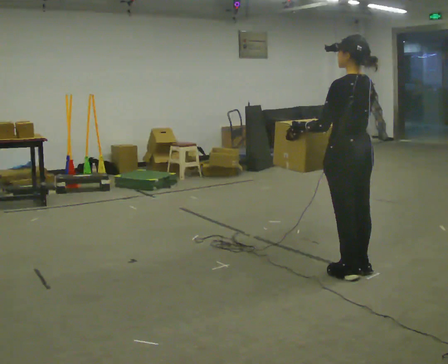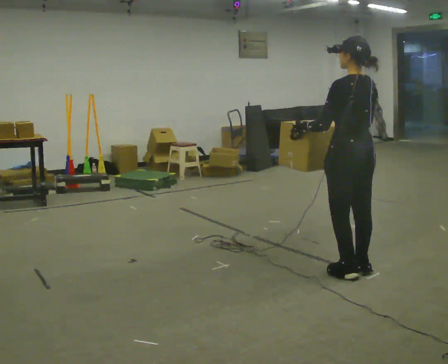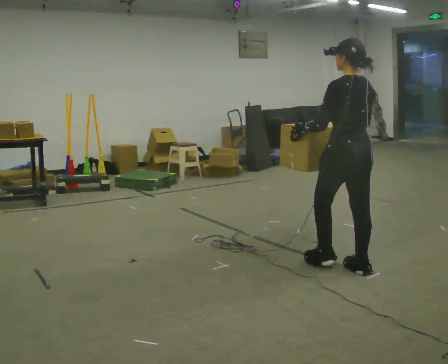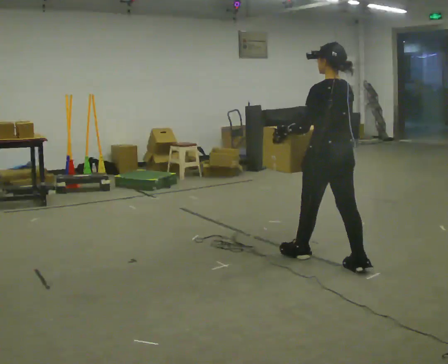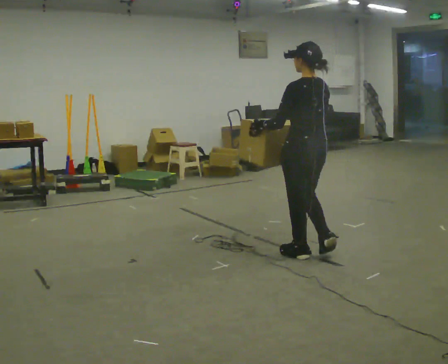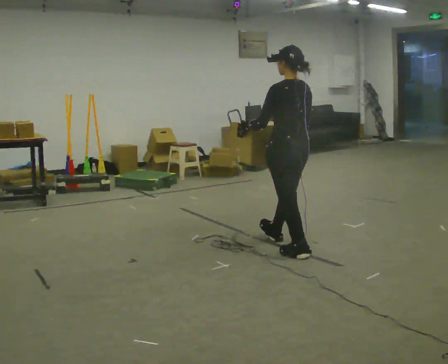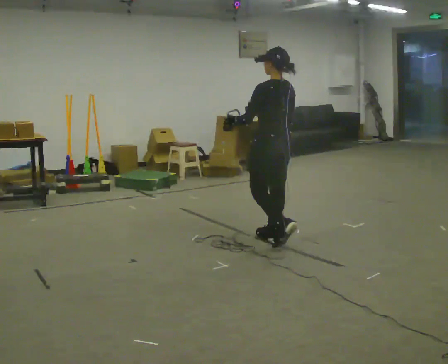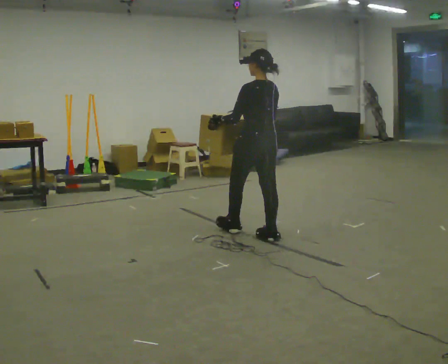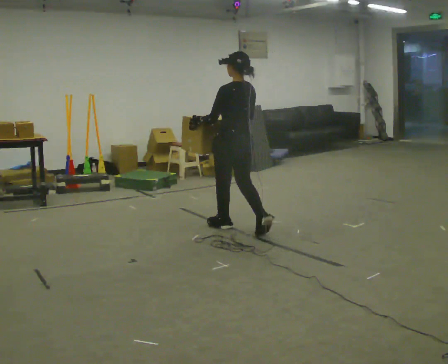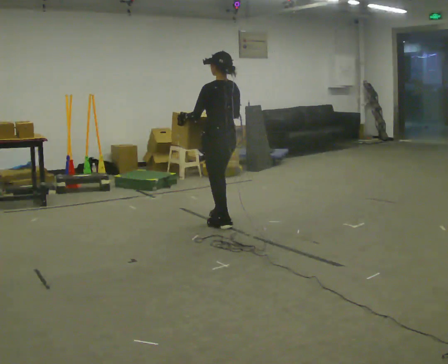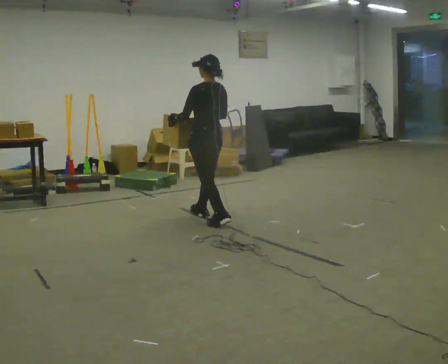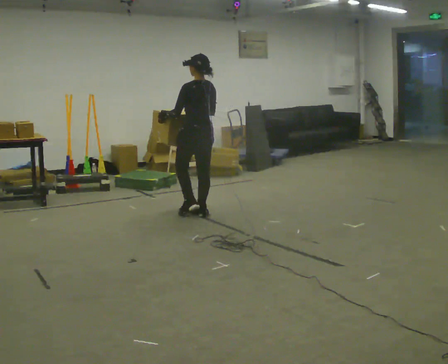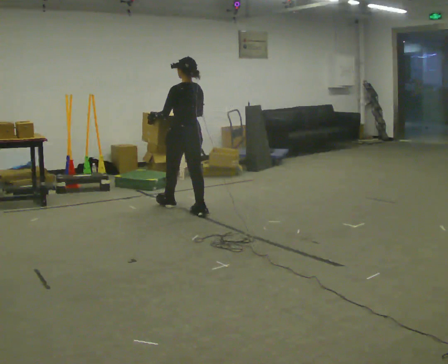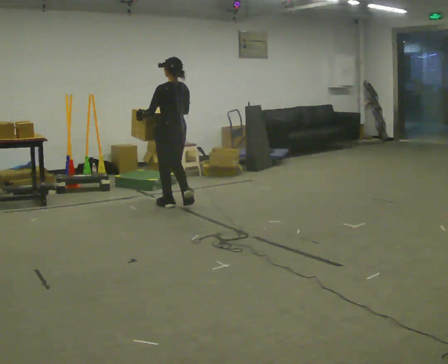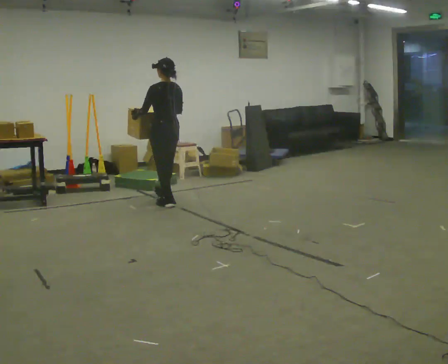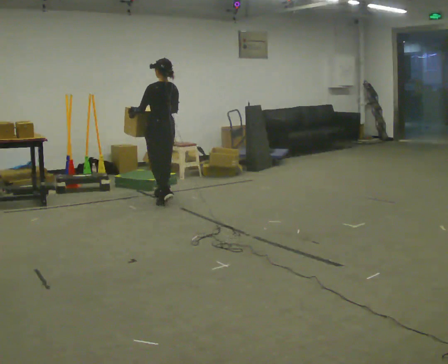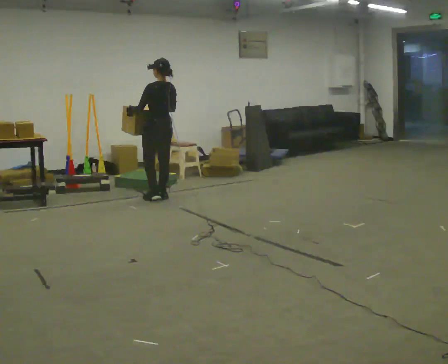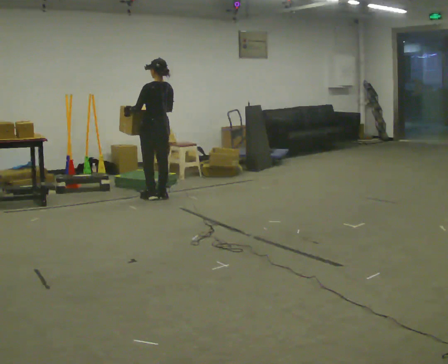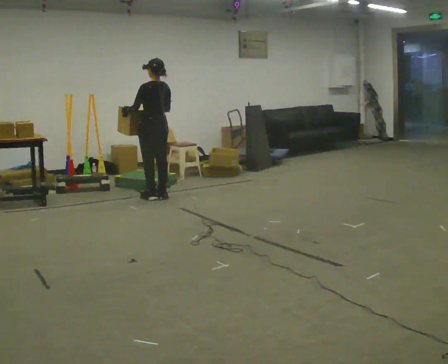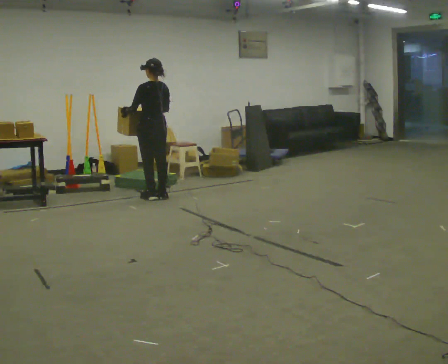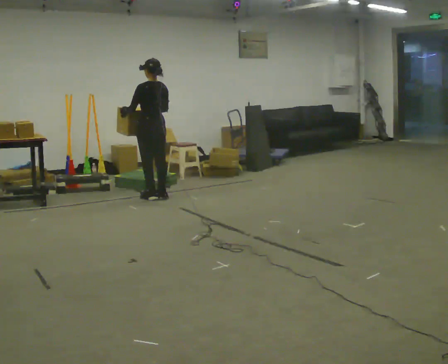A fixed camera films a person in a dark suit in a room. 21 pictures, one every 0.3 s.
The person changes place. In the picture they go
away from the camera.
0.0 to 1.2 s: In the picture they go away from the camera and to the left, about 0.5 m in 1 step, which for them is forward.
1.2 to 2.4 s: In the picture they go away from the camera and to the left, about 1 m in 2 steps, which for them is forward.
2.4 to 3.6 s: In the picture they go away from the camera and to the left, about 1 m in 2 steps, which for them is forward.
3.6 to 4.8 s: In the picture they go away from the camera and to the left, about 0.75 m in 1 step, which for them is forward.
4.8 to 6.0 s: The person moves a little, or ends about where they began.
The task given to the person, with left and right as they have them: Carry the box across the room, stopping and starting again each time the operator says stop and go. Do not set the box down.
The film runs forward here.
